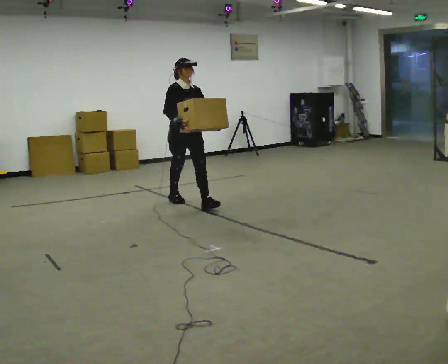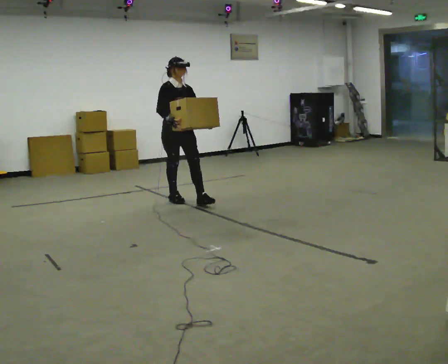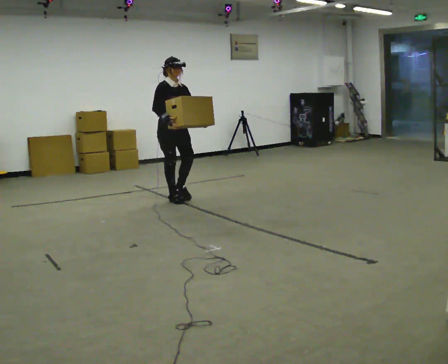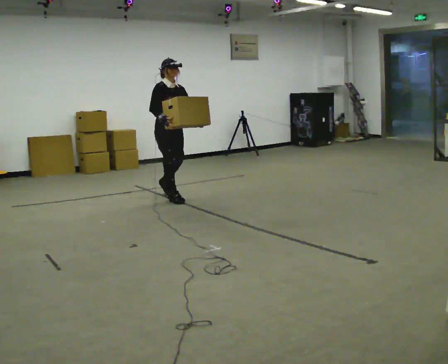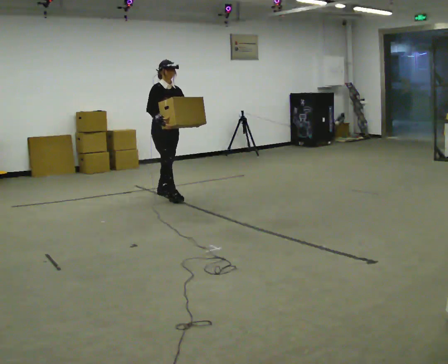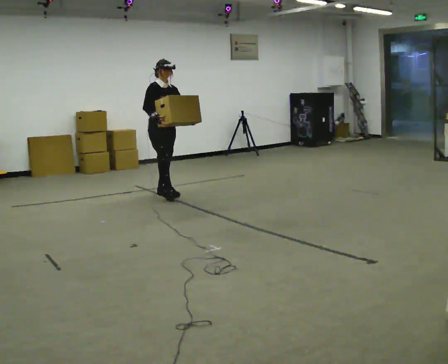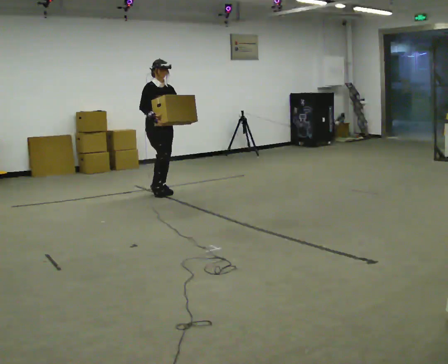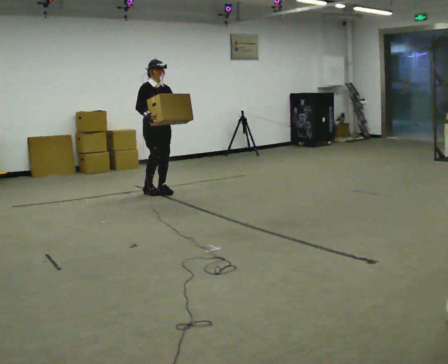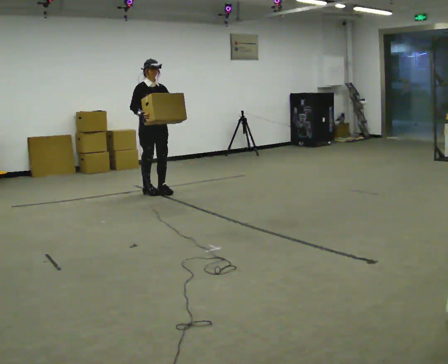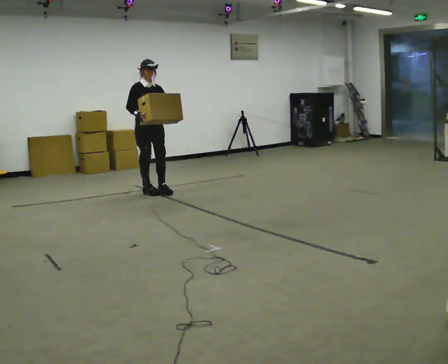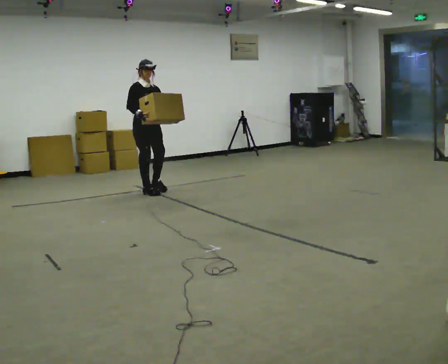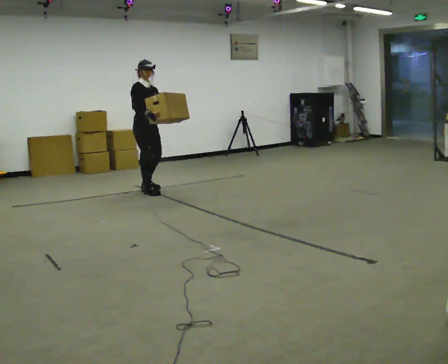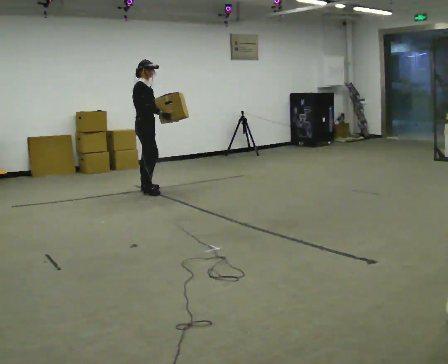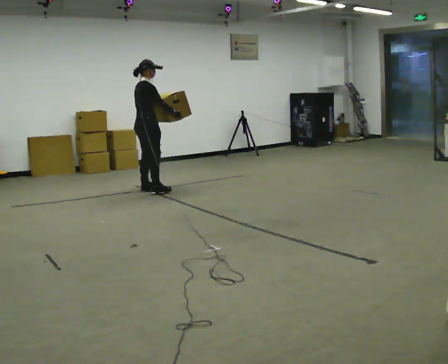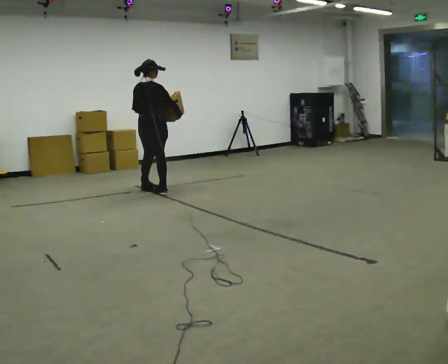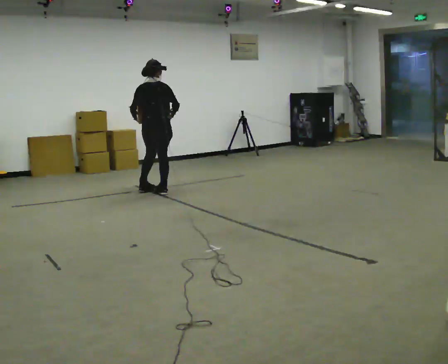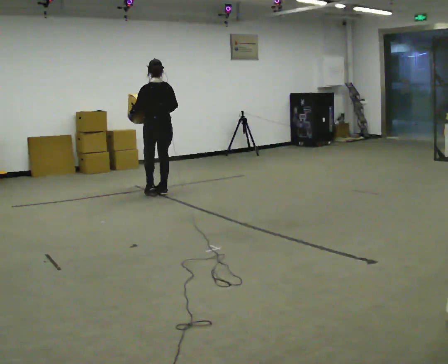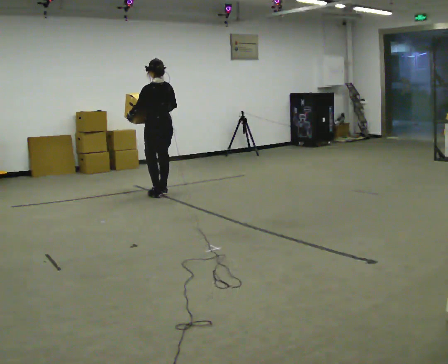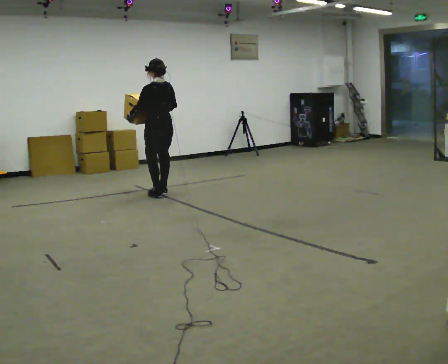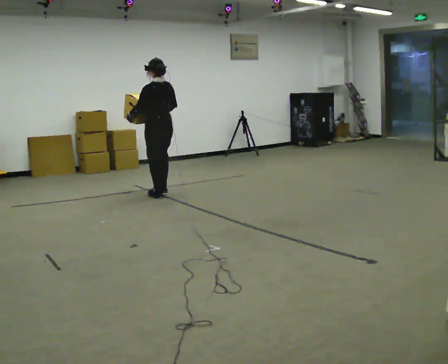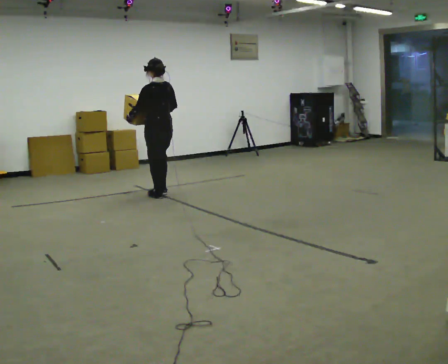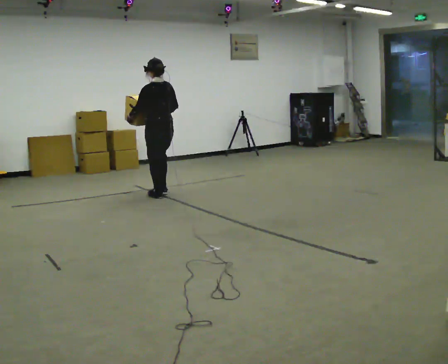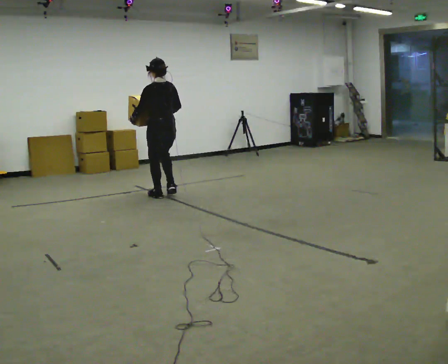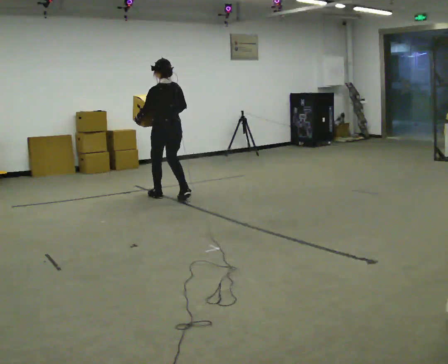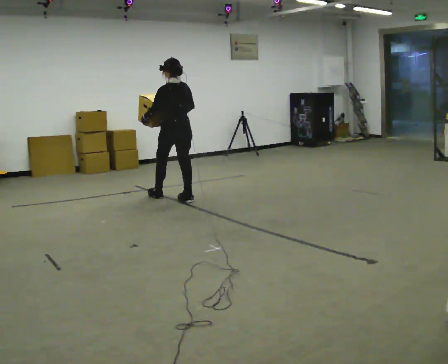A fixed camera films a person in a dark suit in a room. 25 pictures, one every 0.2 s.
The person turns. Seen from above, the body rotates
counterclockwise.
The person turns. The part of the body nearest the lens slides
to the right.
0.0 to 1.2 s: In the picture they go away from the camera and to the left, about 0.75 m in 2 steps, which for them is backward.
1.2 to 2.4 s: The part of the body nearest the lens slides to the right as the person turns to their left by about 45 degrees. In the picture they go to the left, about 0.25 m in 1 step, which for them is backward and to their right.
2.4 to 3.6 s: The person turns about 135 degrees to their left, counterclockwise seen from above, so the part of the body nearest the lens slides to the right. In the picture they go to the right and toward the camera, about 0.25 m in 2 steps.
3.6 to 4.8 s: In the picture they go toward the camera and to the right, about 0.5 m in 2 steps, which for them is backward.
The film runs backward here.
